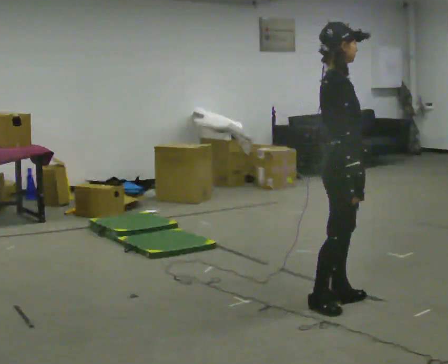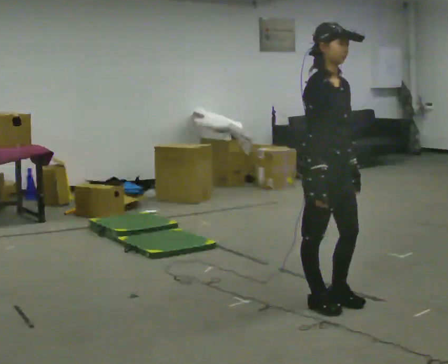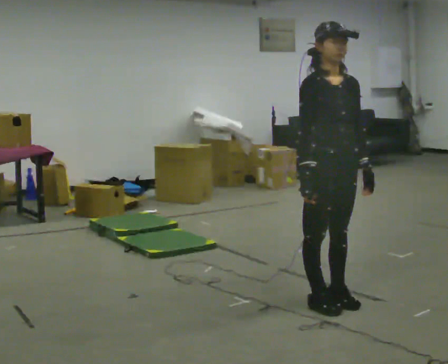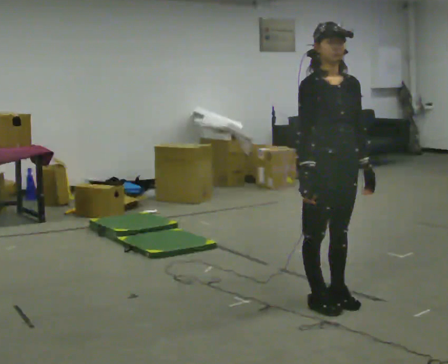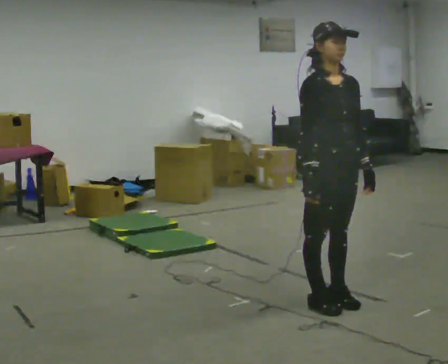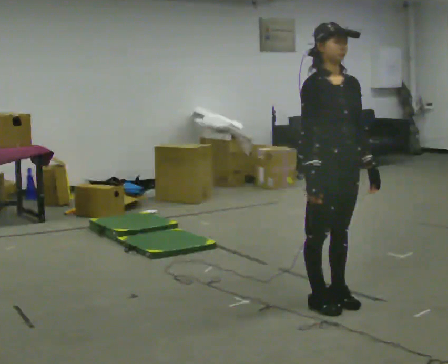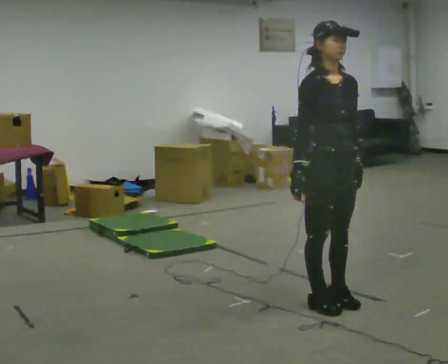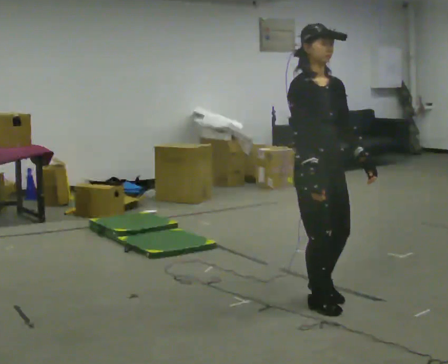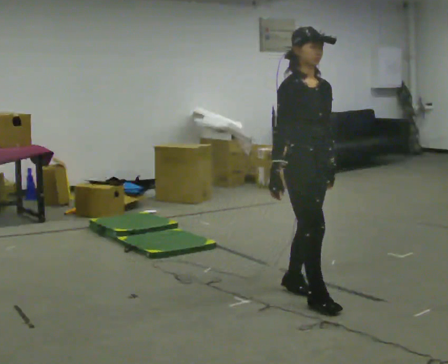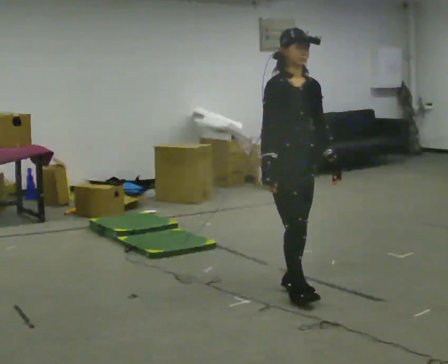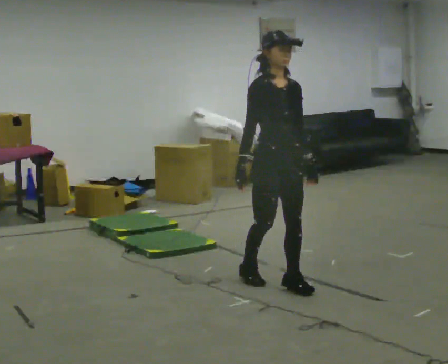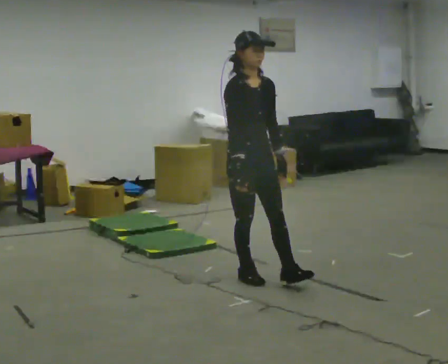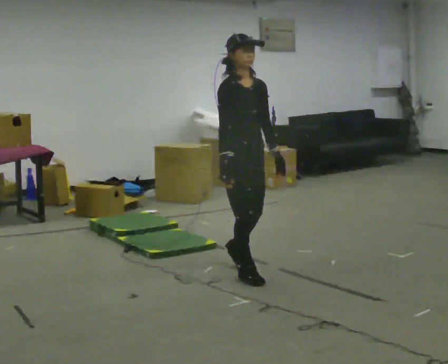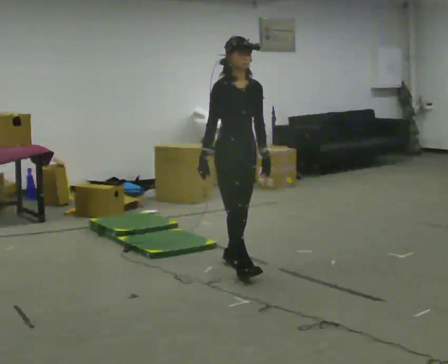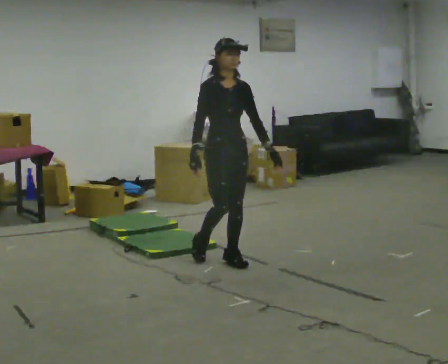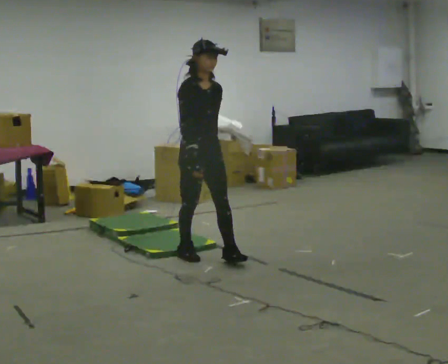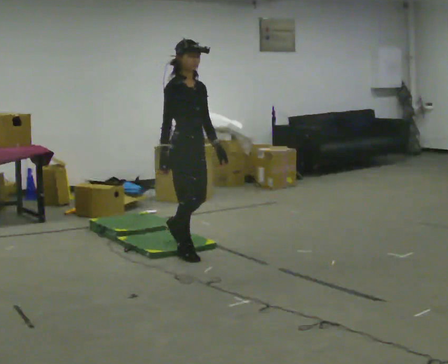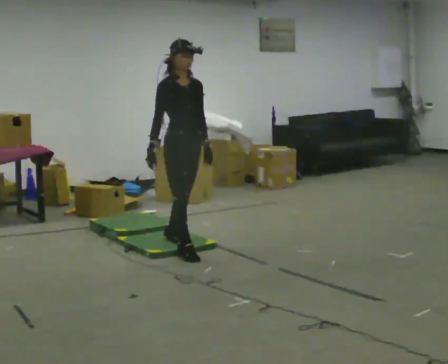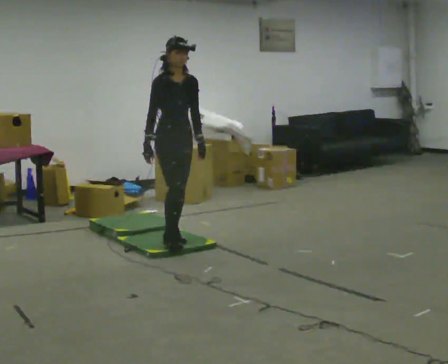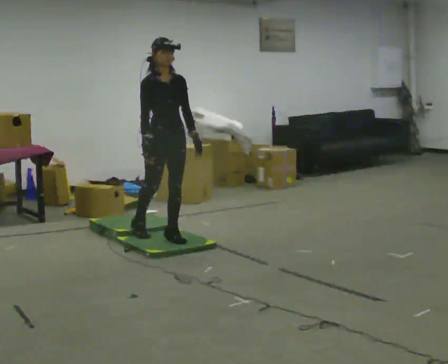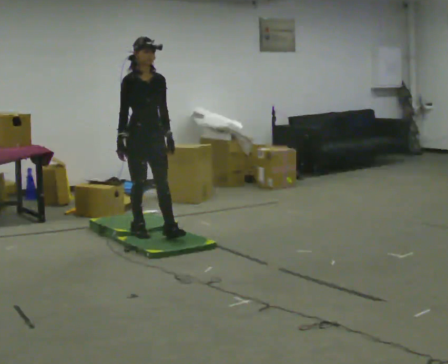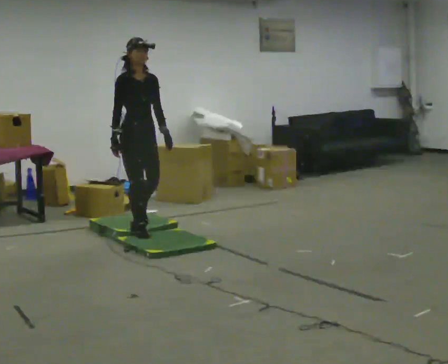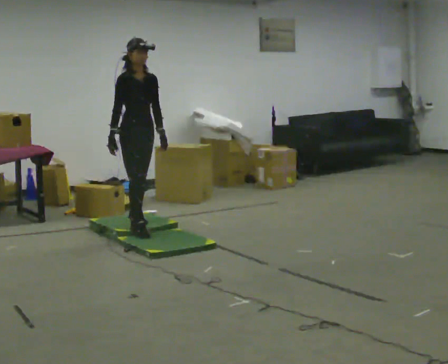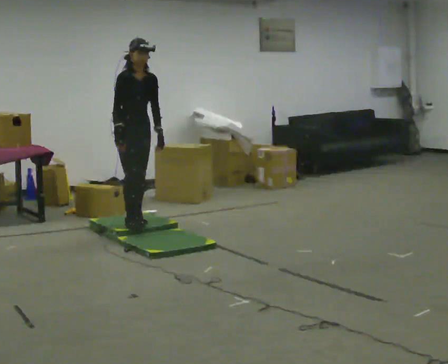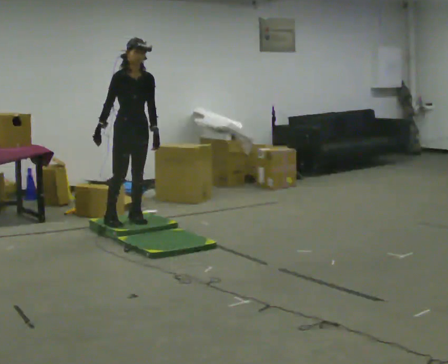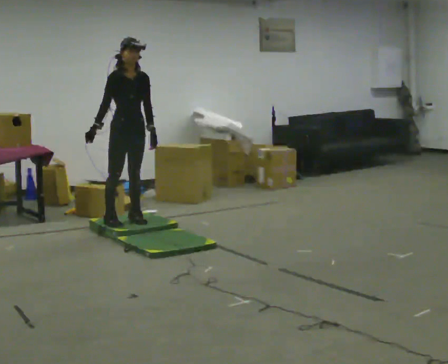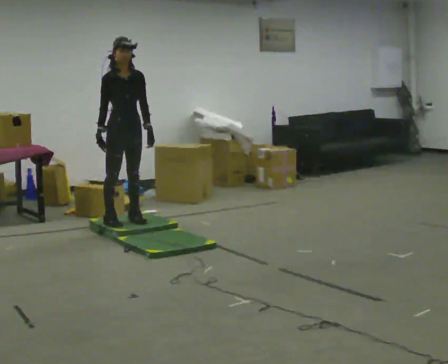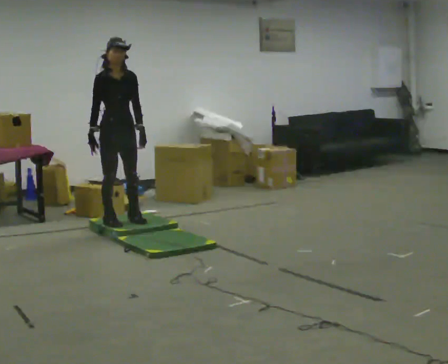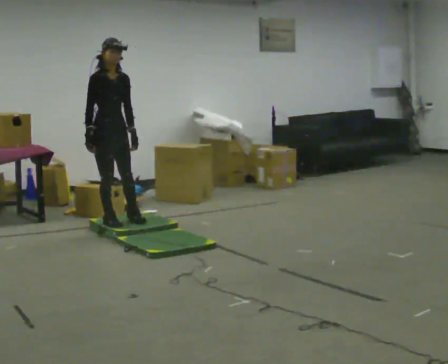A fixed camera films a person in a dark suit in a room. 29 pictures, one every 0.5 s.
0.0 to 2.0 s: The person turns about 60 degrees to their right, clockwise seen from above, so the part of the body nearest the lens slides to the left.
2.0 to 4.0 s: In the picture they go away from the camera, about 0.25 m in 1 step, which for them is backward.
4.0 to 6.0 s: In the picture they go away from the camera and to the left, about 0.5 m in 2 steps, which for them is backward.
6.0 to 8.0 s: In the picture they go away from the camera and to the left, about 0.75 m in 2 steps, which for them is backward and to their right.
8.0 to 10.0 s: In the picture they go away from the camera and to the left, about 0.5 m in 1 step, which for them is backward.
10.0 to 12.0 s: In the picture they go away from the camera and to the left, about 0.5 m in 2 steps, which for them is backward.
12.0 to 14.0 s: In the picture they go to the left, about 0.25 m, which for them is to their right.
The film runs backward here.
